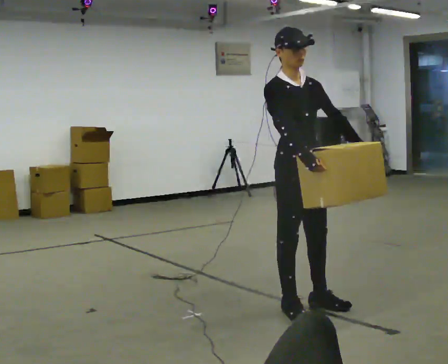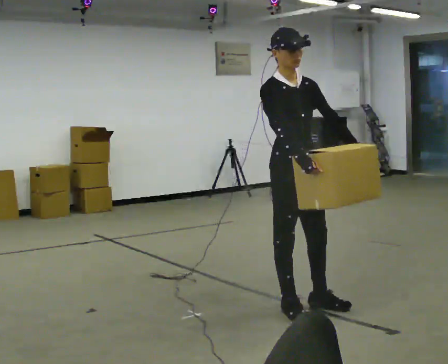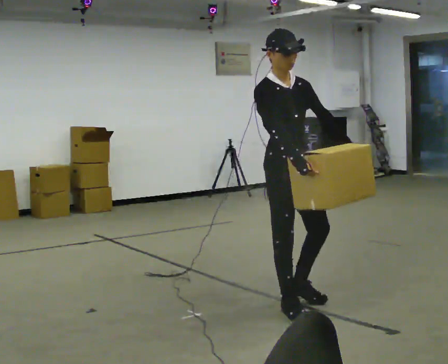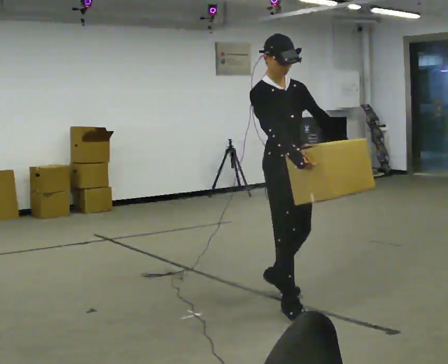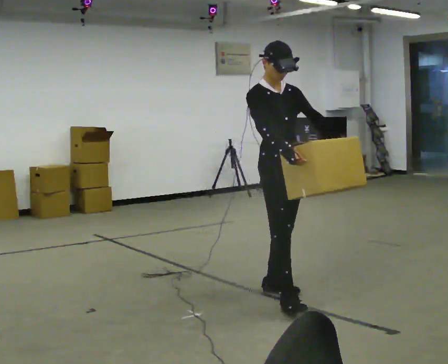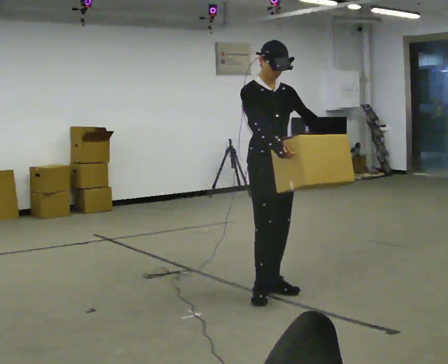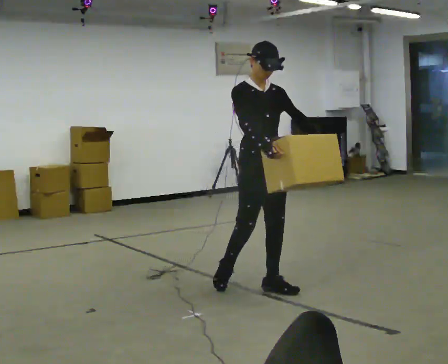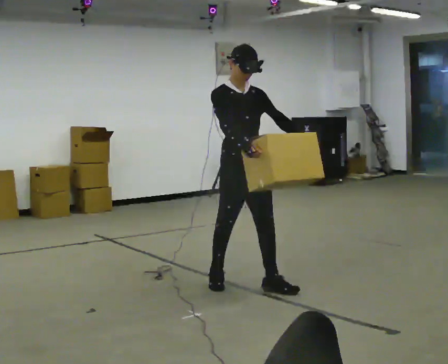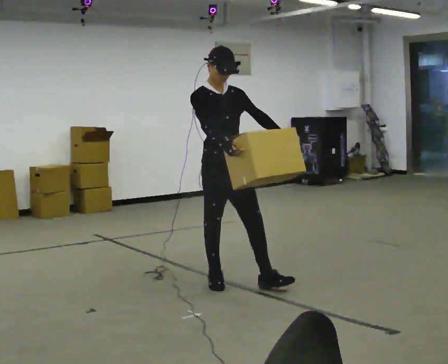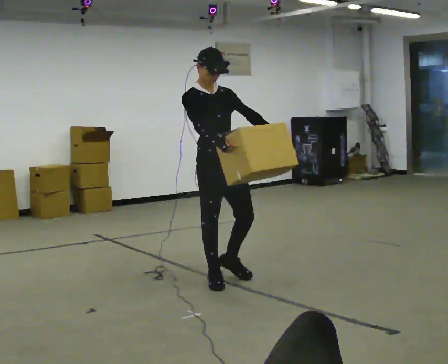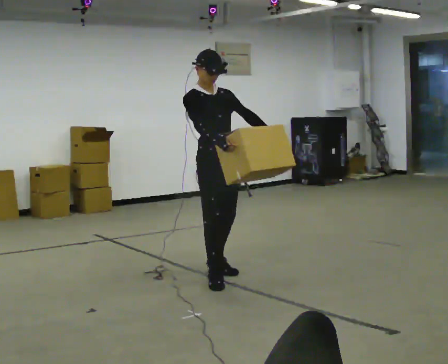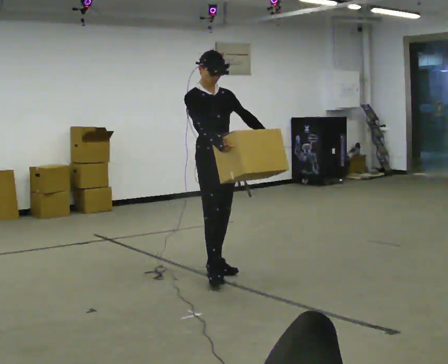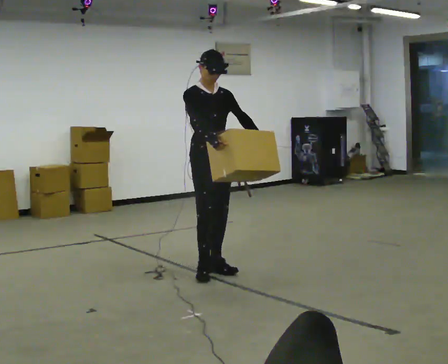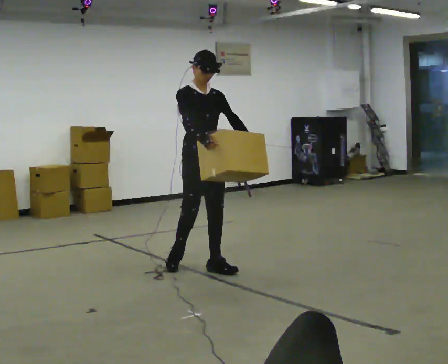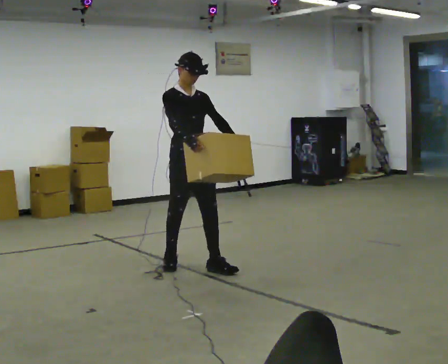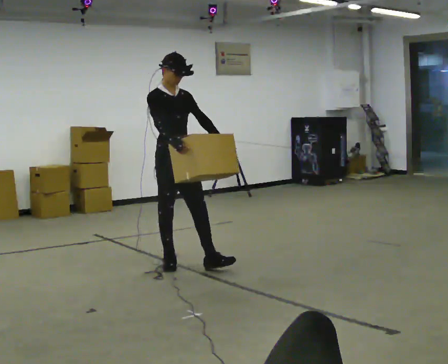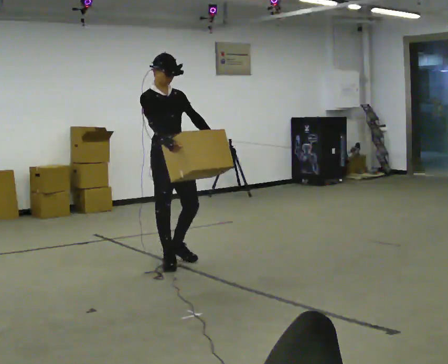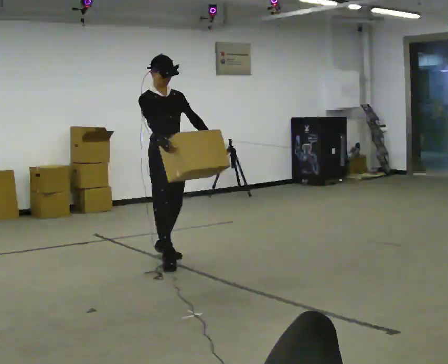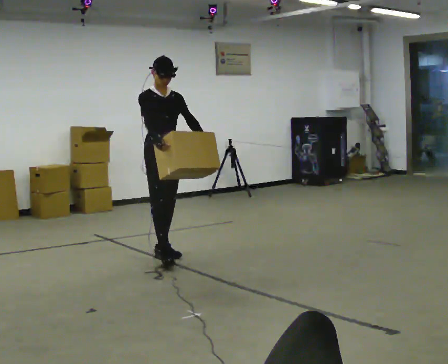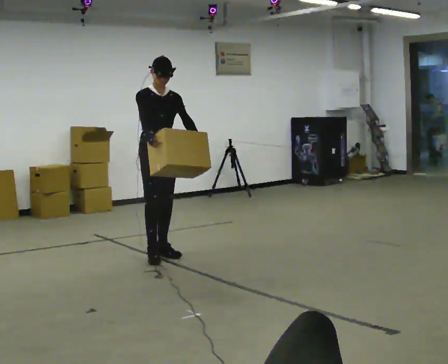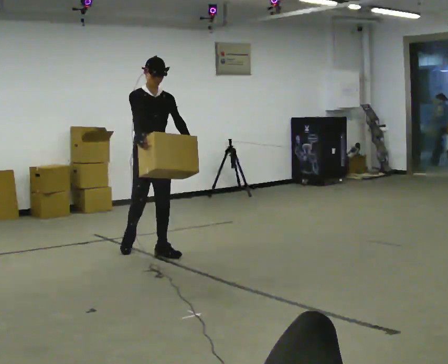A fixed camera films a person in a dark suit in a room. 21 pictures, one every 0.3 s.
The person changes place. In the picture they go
away from the camera.
0.0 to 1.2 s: In the picture they go away from the camera, about 0.25 m in 1 step, which for them is backward.
1.2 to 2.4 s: In the picture they go away from the camera and to the left, about 0.5 m in 2 steps, which for them is backward.
2.4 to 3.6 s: In the picture they go away from the camera, about 0.5 m in 1 step, which for them is backward and to their left.
3.6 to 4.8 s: In the picture they go to the left and away from the camera, about 0.5 m in 1 step, which for them is backward and to their right.
4.8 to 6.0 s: In the picture they go away from the camera and to the left, about 0.5 m in 1 step, which for them is backward.
The film runs backward here.
